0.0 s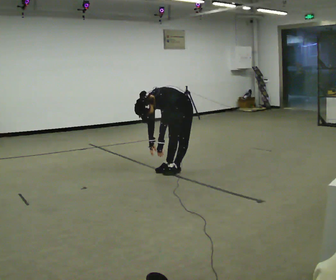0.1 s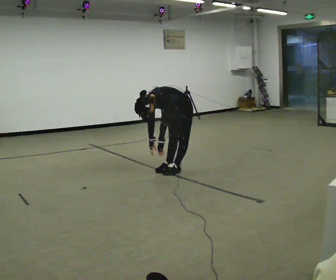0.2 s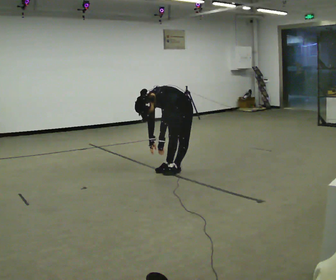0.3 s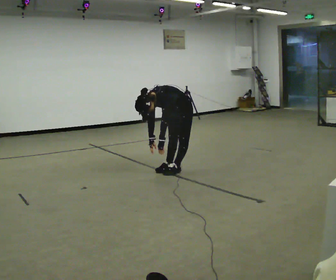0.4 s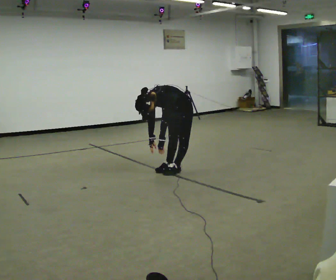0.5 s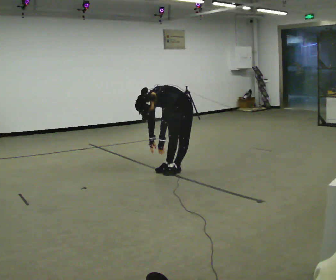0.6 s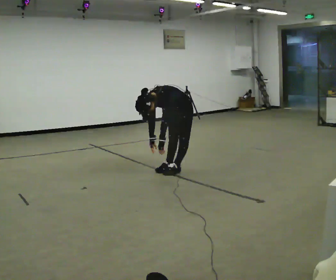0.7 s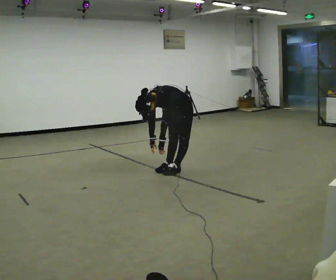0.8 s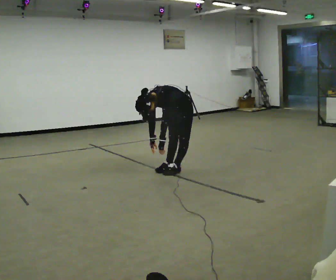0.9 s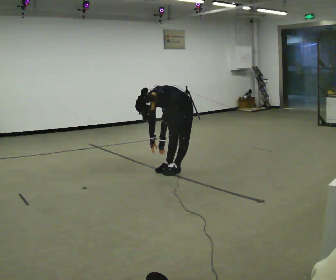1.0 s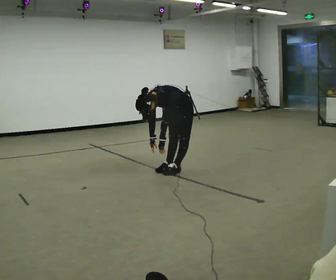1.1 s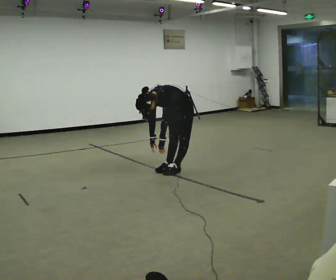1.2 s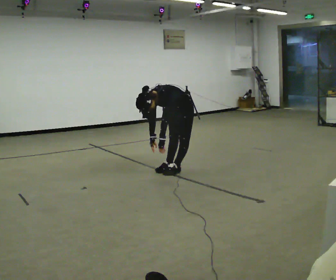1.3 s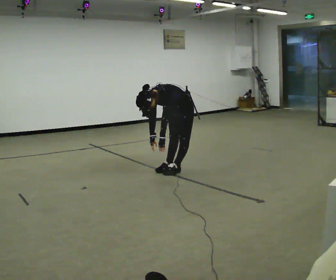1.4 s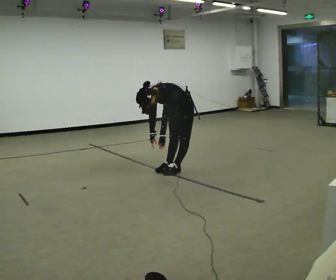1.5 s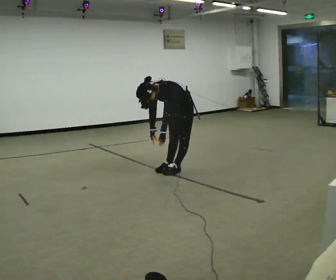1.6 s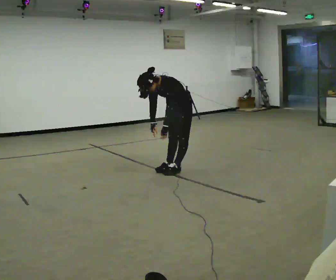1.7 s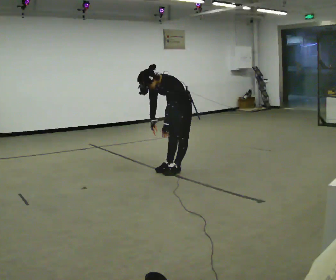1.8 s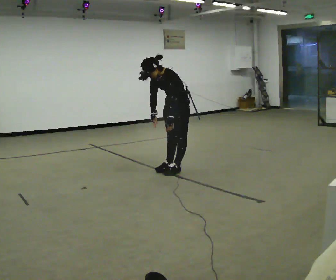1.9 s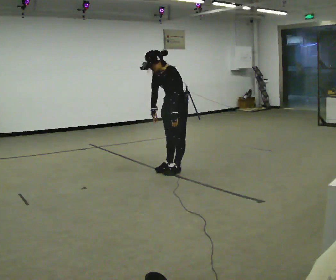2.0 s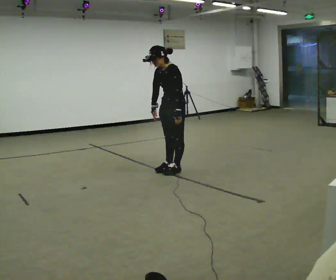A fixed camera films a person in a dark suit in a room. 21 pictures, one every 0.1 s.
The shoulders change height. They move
upward.
0.0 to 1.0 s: The person moves a little, or ends about where they began.
1.0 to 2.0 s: The shoulders move upward. The upper body tips away from the camera, its near side rolling upward, as they lean back or straighten. In the picture their right hand goes upward.
The film runs forward here.
